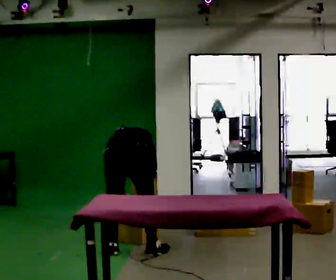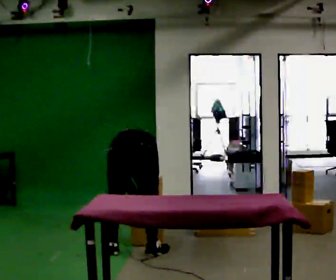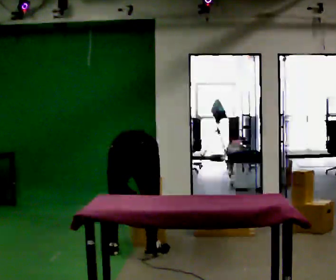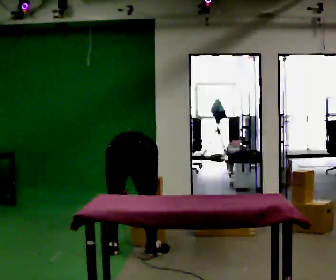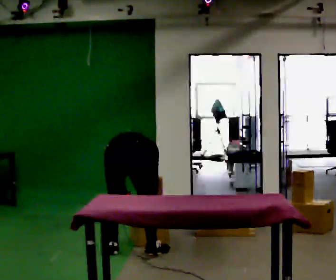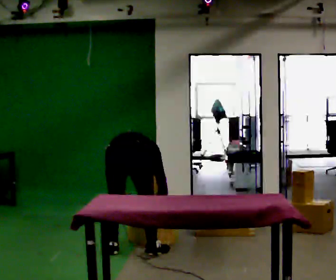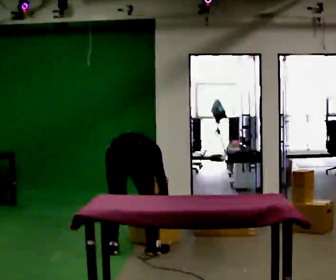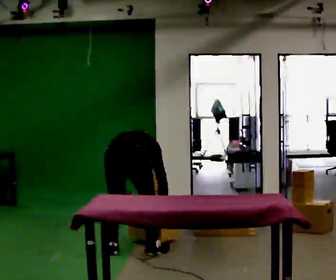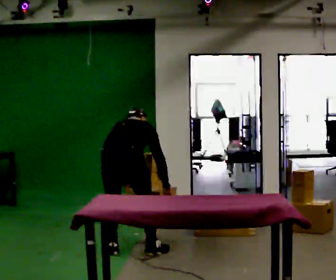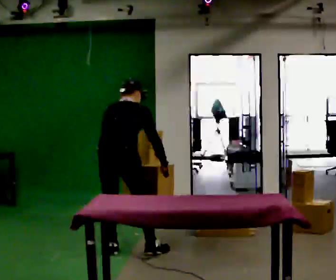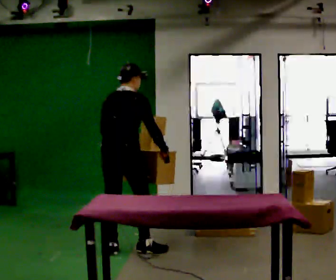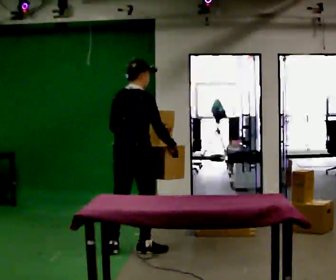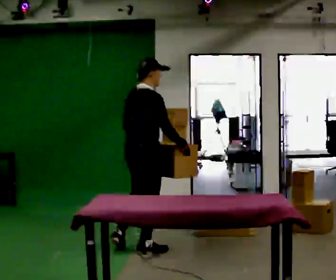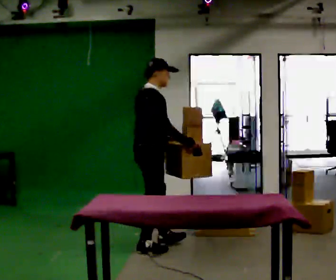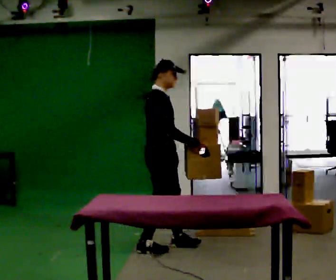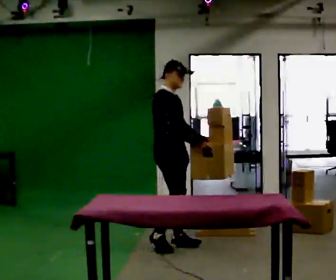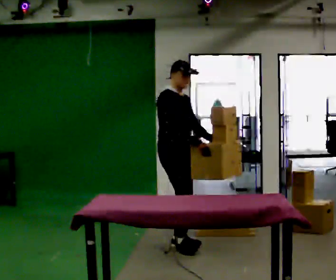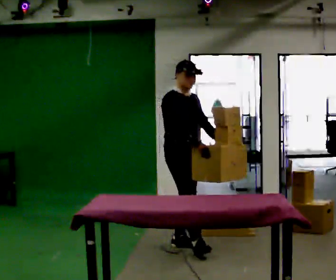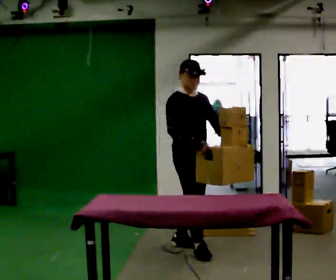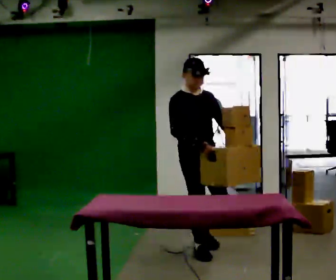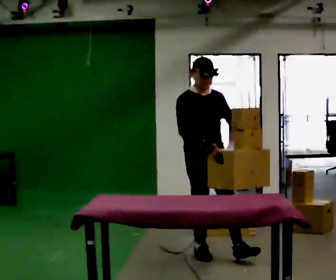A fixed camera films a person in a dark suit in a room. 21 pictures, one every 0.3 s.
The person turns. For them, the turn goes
to their right.
The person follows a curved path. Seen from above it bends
clockwise.
0.0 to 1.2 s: In the picture the upper body tilts clockwise, shoulders to the right.
1.2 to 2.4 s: The shoulders move upward. The upper body tips toward the camera, its near side rolling downward, as they lean back or straighten.
2.4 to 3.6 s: The person turns about 45 degrees to their right, clockwise seen from above, so the part of the body nearest the lens slides to the left. In the picture they go away from the camera and to the right, about 0.25 m, which for them is forward. The upper body goes upward. The upper body tips toward the camera, its near side rolling downward, as they lean back or straighten. In the picture their left hand goes upward.
3.6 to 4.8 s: The person turns about 75 degrees to their right, clockwise seen from above, so the part of the body nearest the lens slides to the left. In the picture they go to the right and away from the camera, about 0.25 m in 1 step.
4.8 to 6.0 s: The part of the body nearest the lens slides to the left as the person turns to their right by about 30 degrees. In the picture they go toward the camera and to the right, about 0.5 m in 1 step, which for them is forward.
The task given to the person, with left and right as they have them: 1. Take everything out of the crates by the door. 2. Put the small items on the middle shelf. 3. Put the large items on the bottom shelf. 4. Stack the empty crates by the door. 5. Tell the operator when you are finished.
The film runs forward here.
